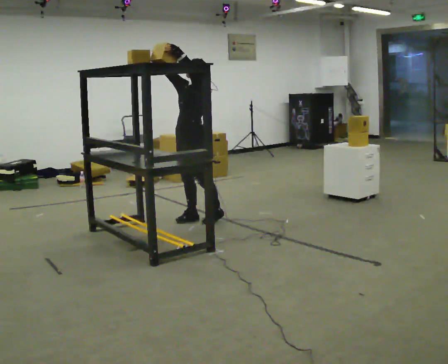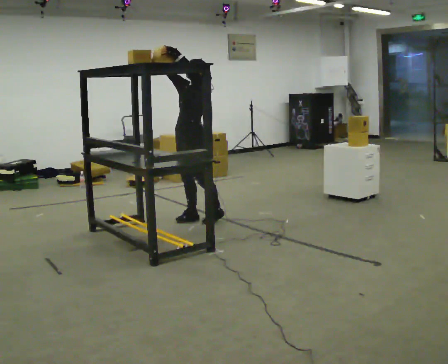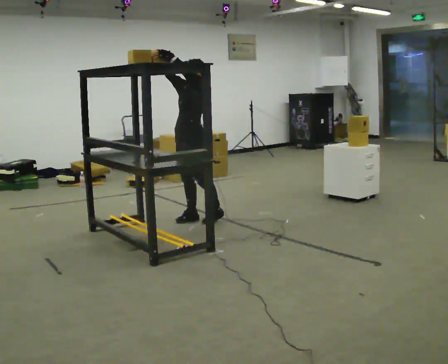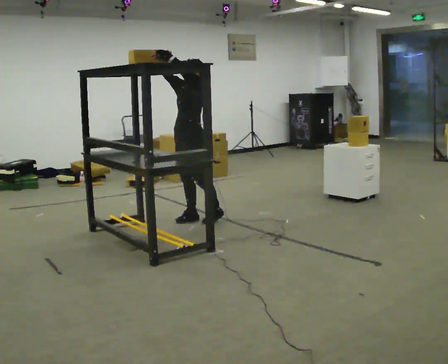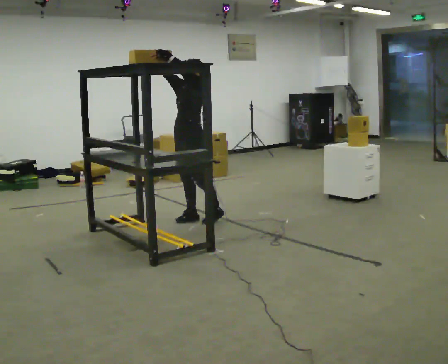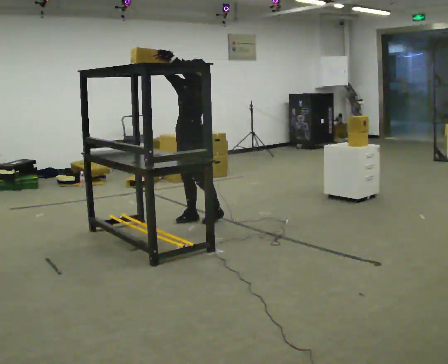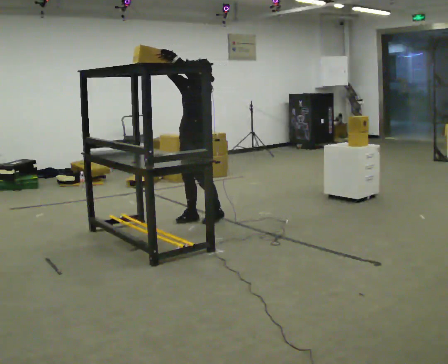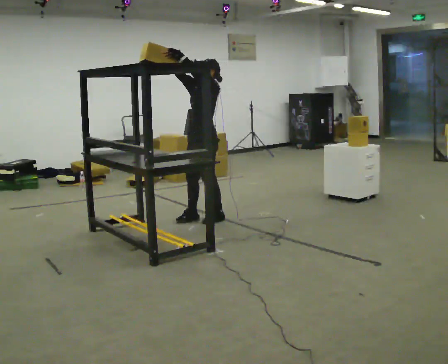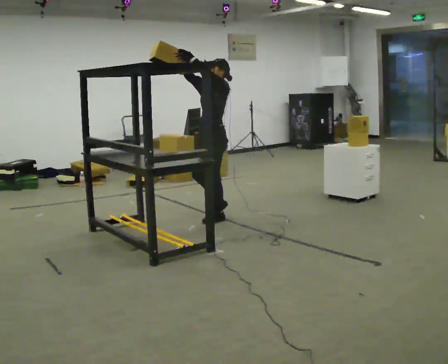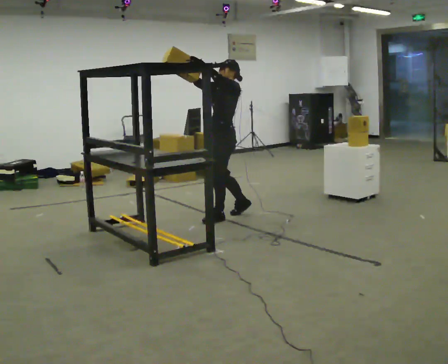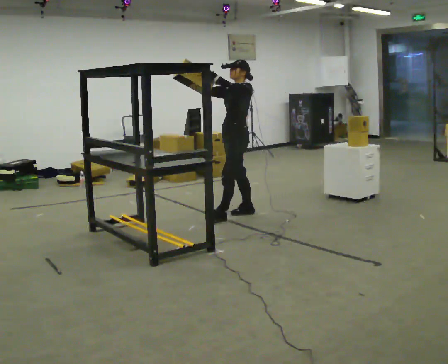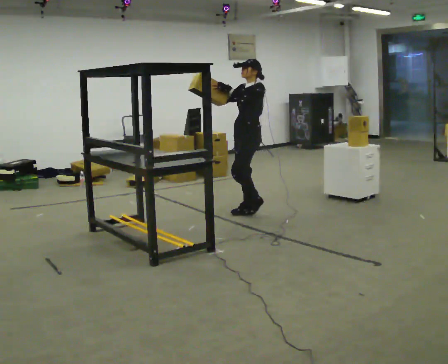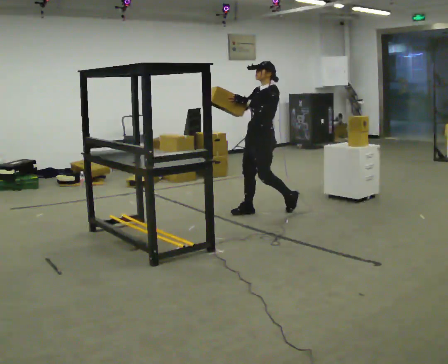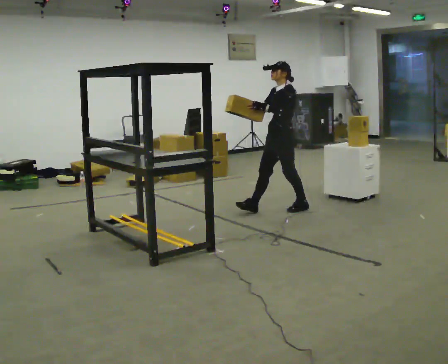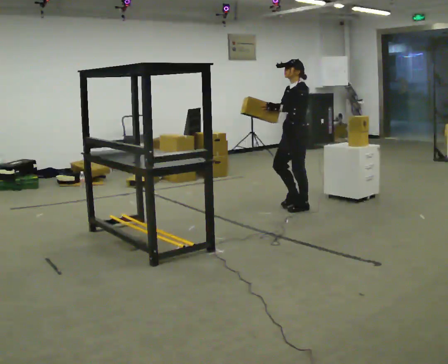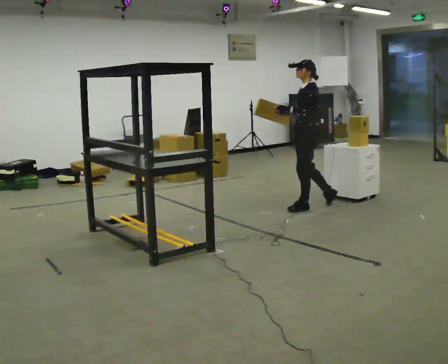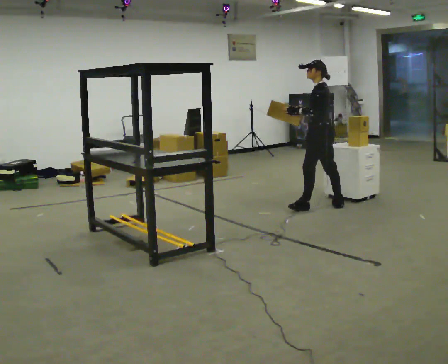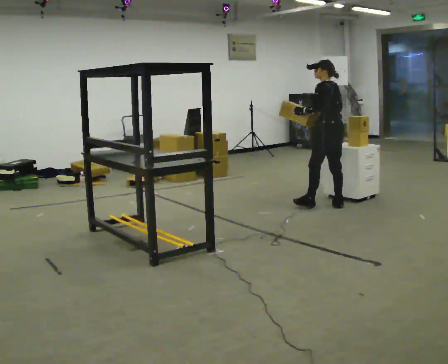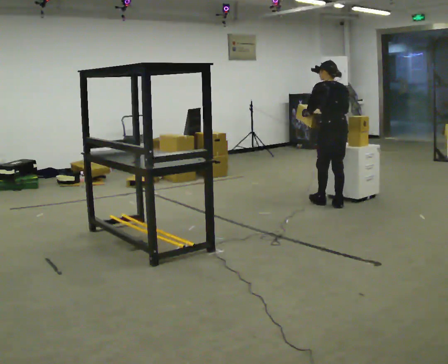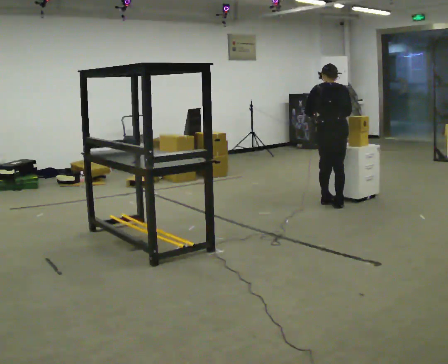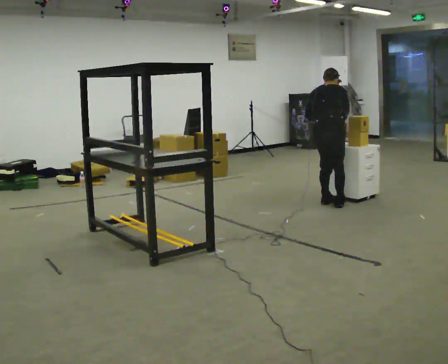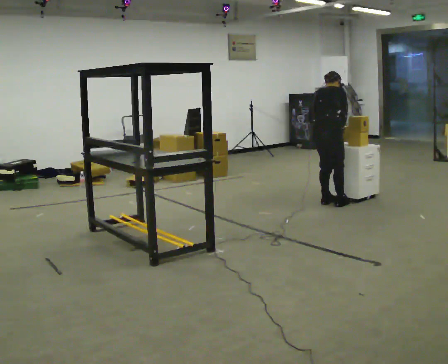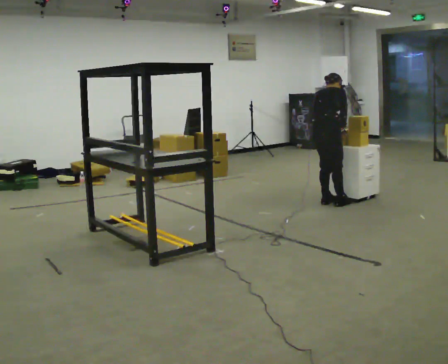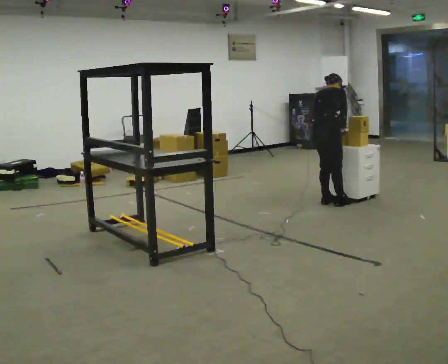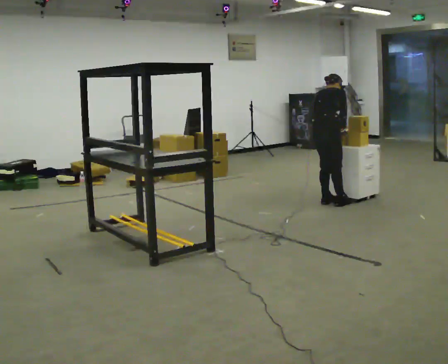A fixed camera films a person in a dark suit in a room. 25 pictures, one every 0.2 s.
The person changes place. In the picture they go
to the right.
The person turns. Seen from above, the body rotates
clockwise.
0.0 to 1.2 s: The person moves a little, or ends about where they began.
1.2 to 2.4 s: In the picture they go to the right and away from the camera, about 0.5 m in 2 steps, which for them is backward. In the picture their right hand goes downward, the arm swinging counterclockwise.
2.4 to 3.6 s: Seen from above the body turns clockwise, about 90 degrees: to their right, with its near side sliding to the left. In the picture they go to the right, about 0.5 m in 2 steps.
3.6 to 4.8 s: The person turns about 60 degrees to their right, clockwise seen from above, so the part of the body nearest the lens slides to the left. The upper body tips away from the camera, its near side rolling upward, as they bend forward.
The film runs backward here.
